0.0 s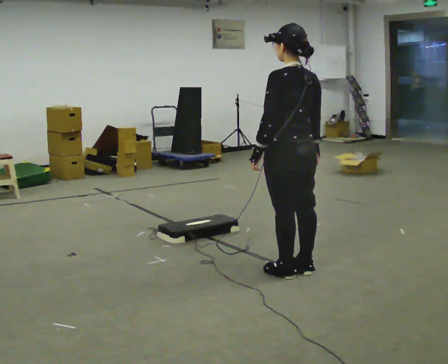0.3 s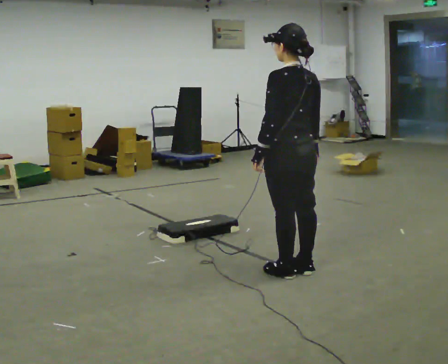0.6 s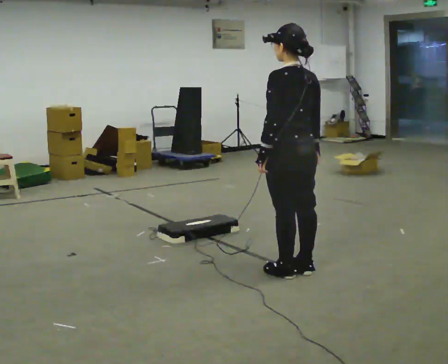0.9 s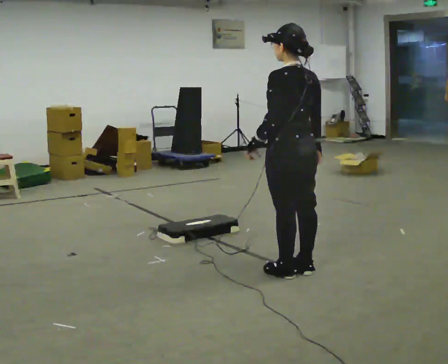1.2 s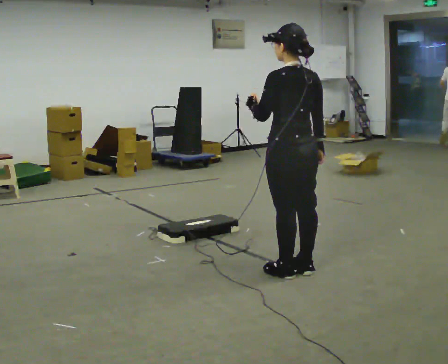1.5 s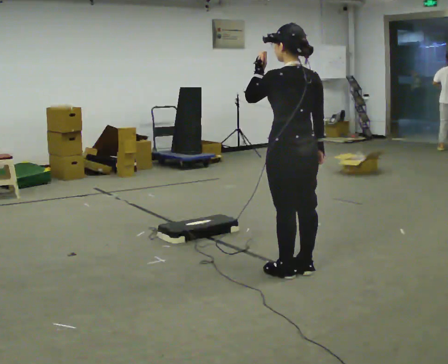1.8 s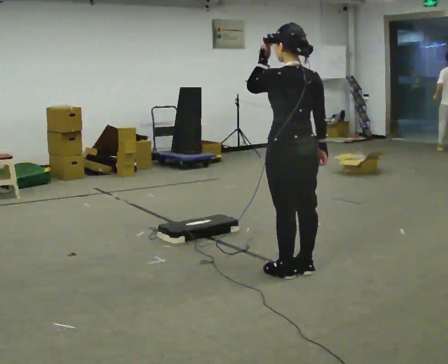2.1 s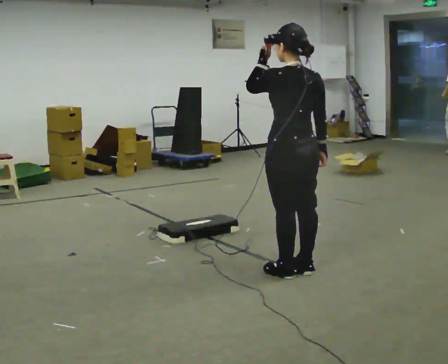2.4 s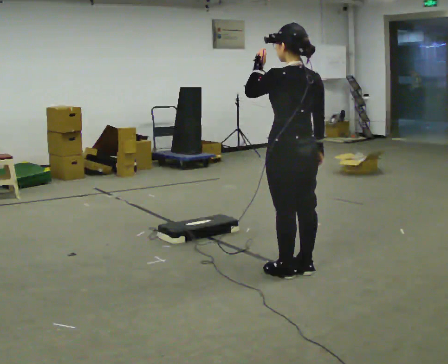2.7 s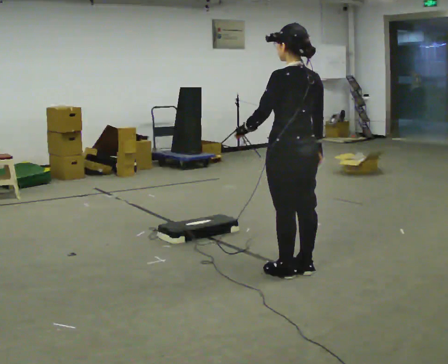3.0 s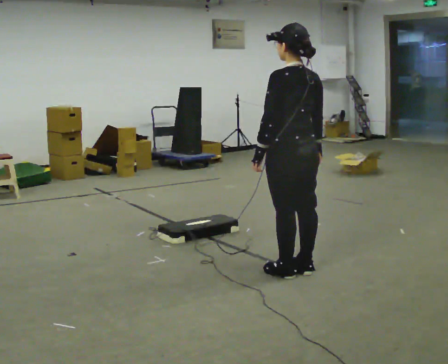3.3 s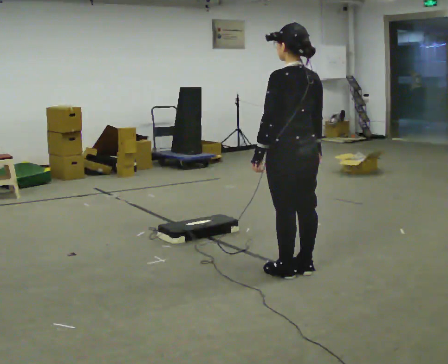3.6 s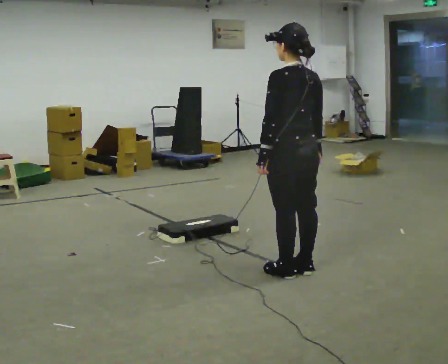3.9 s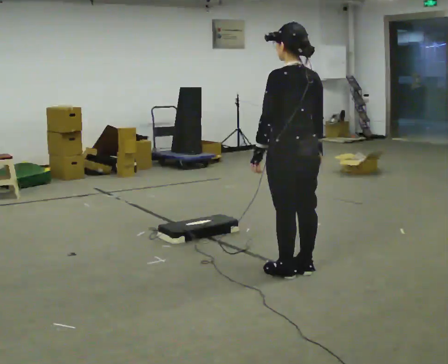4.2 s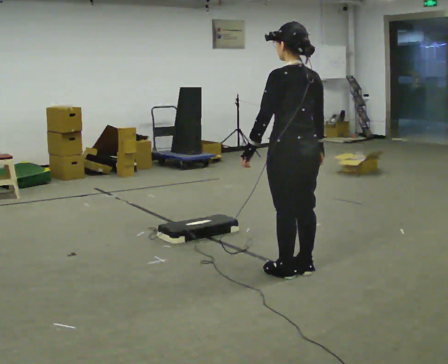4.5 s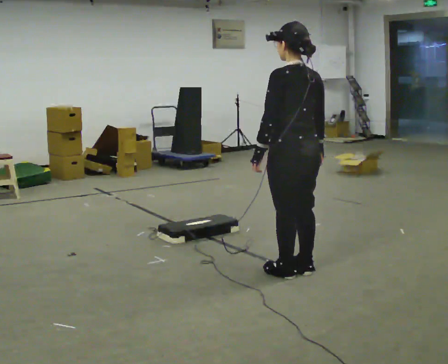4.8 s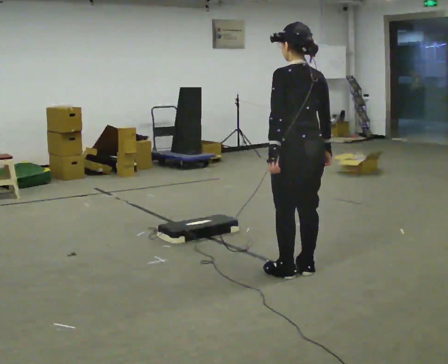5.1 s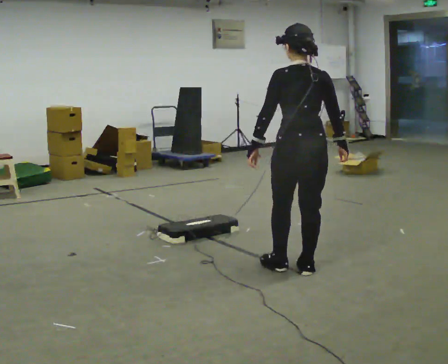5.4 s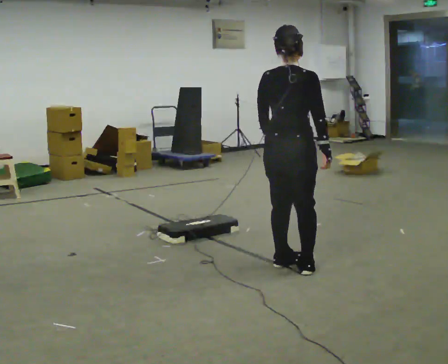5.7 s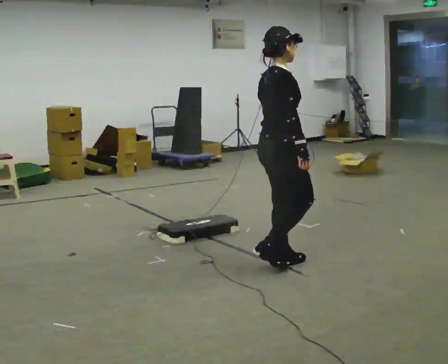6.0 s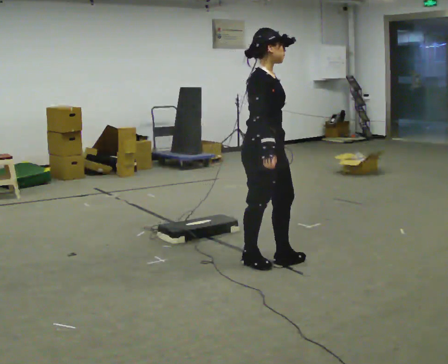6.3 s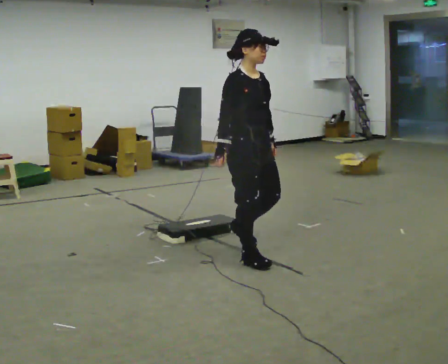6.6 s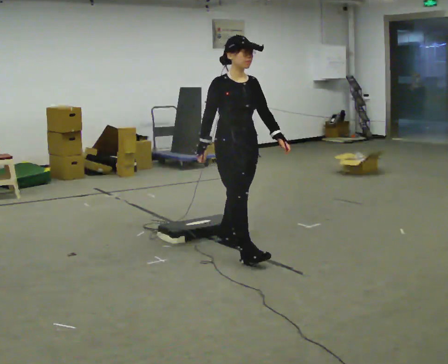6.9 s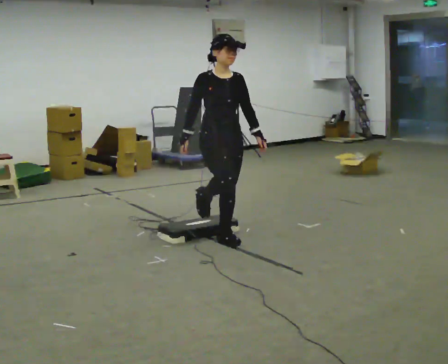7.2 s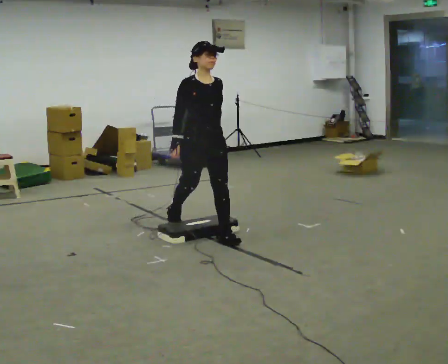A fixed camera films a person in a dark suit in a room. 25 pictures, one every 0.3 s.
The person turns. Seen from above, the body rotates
clockwise.
The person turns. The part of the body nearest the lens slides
to the left.
0.0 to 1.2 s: The person moves a little, or ends about where they began.
1.2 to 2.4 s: In the picture their left hand goes upward.
2.4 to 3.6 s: In the picture their left hand goes downward.
3.6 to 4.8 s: The person moves a little, or ends about where they began.
4.8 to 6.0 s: The part of the body nearest the lens slides to the left as the person turns to their right by about 105 degrees. In the picture they go away from the camera and to the left, about 0.25 m in 2 steps.
6.0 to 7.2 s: The person turns about 75 degrees to their right, clockwise seen from above, so the part of the body nearest the lens slides to the left. In the picture they go away from the camera and to the left, about 0.5 m in 2 steps.
The film runs backward here.
